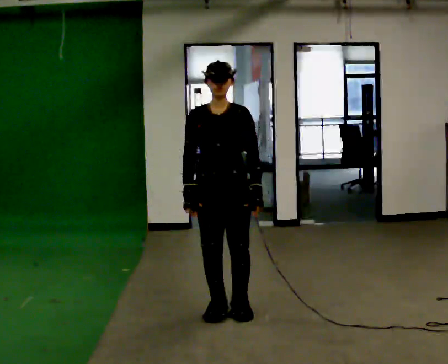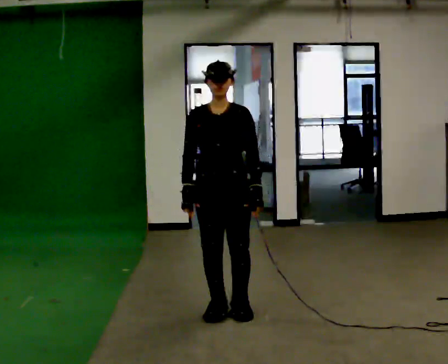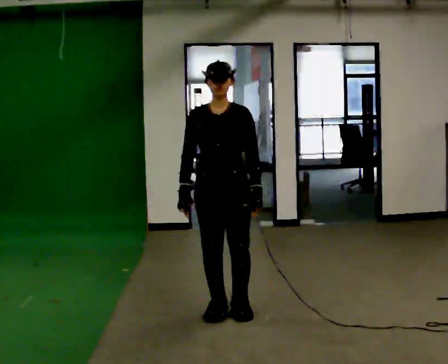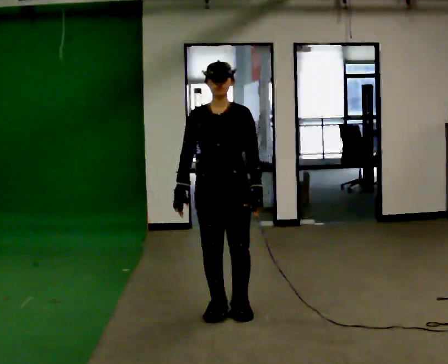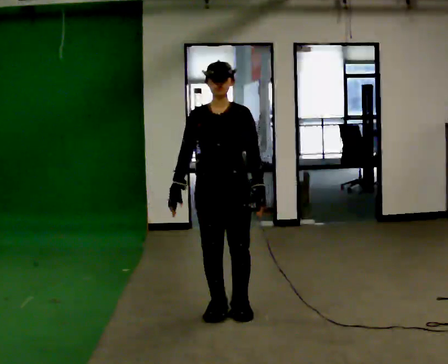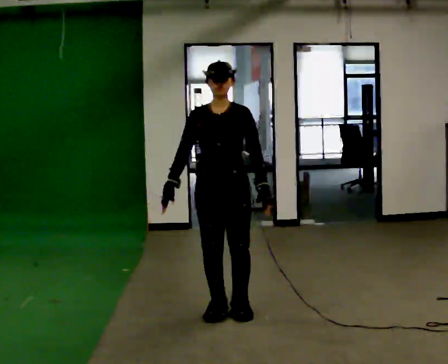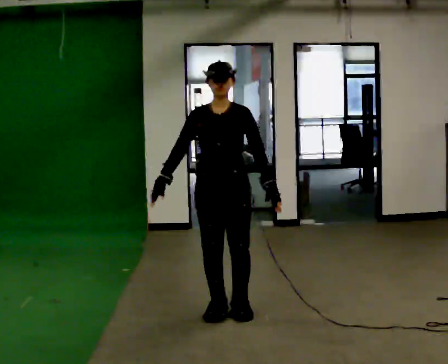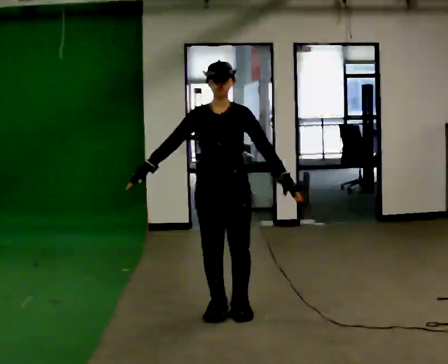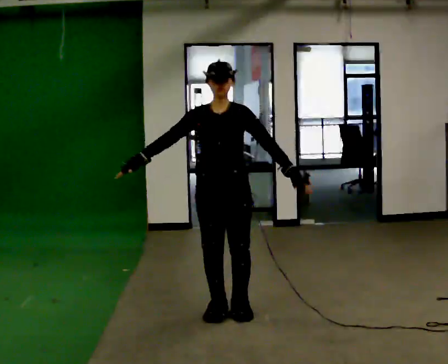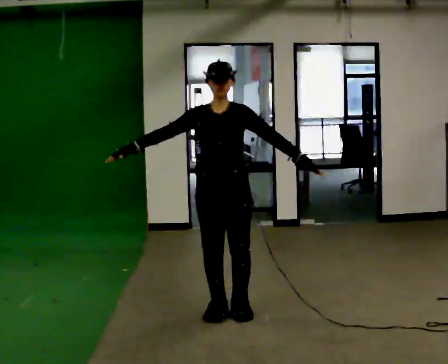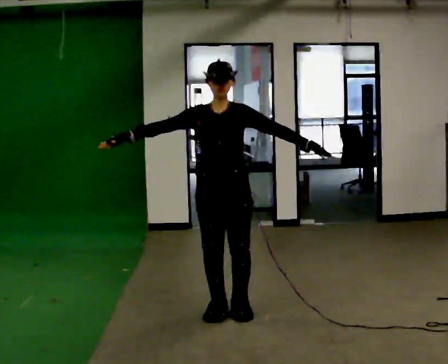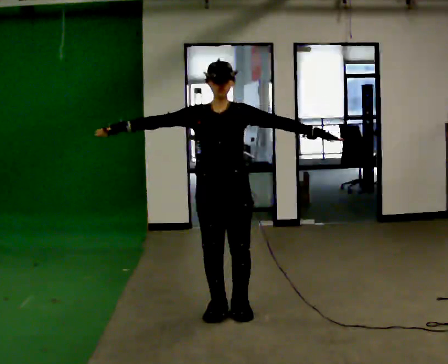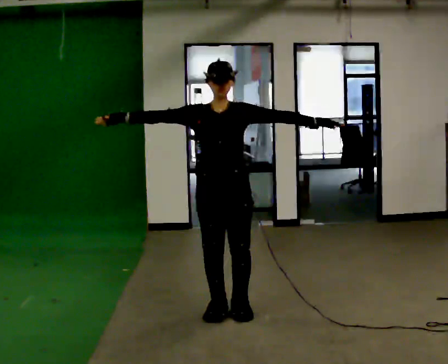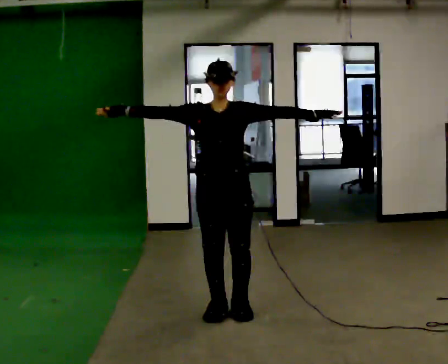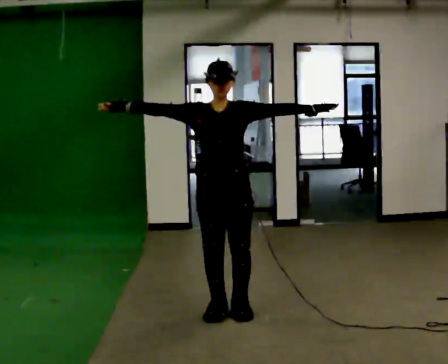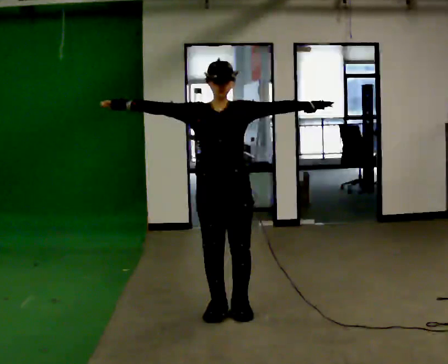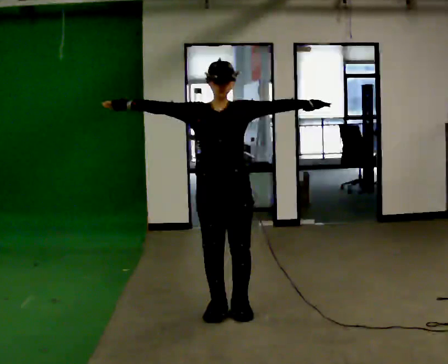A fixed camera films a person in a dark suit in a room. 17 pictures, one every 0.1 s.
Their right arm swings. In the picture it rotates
clockwise.
Their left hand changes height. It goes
upward.
0.0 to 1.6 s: In the picture their right hand goes upward and to the left, the arm swinging clockwise.
The film runs backward here.
